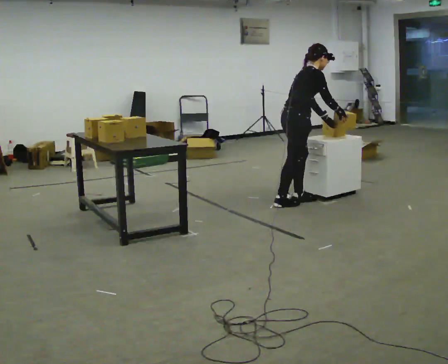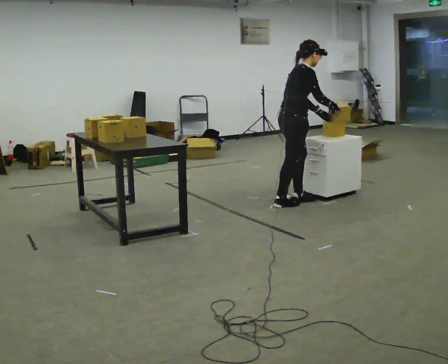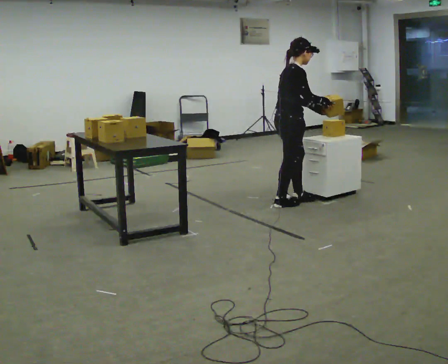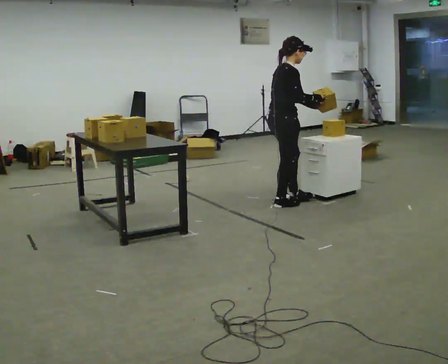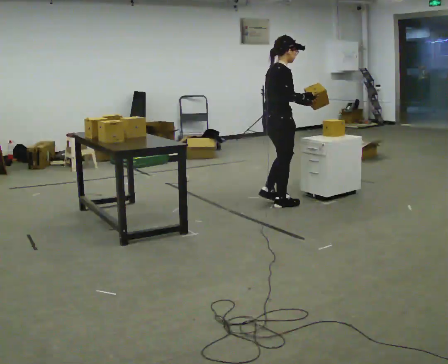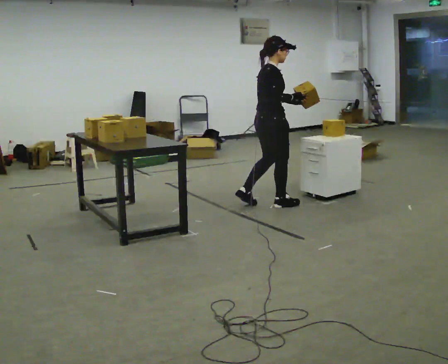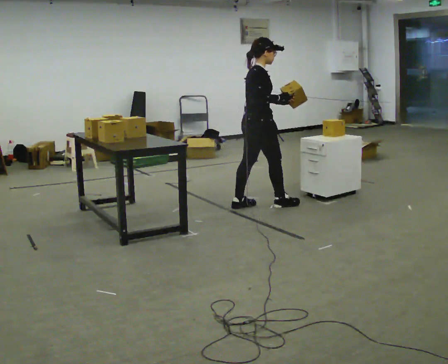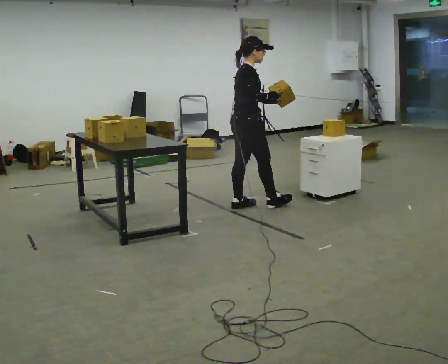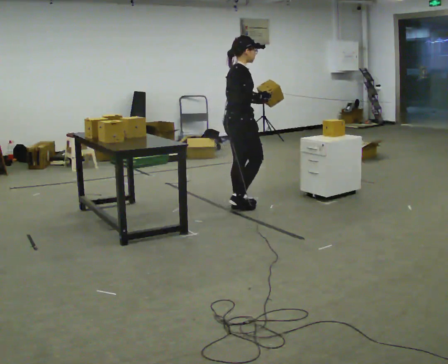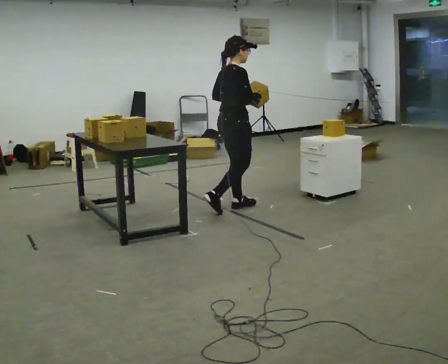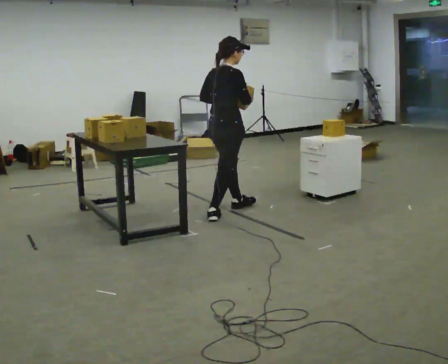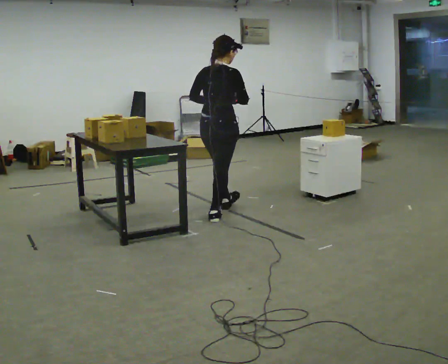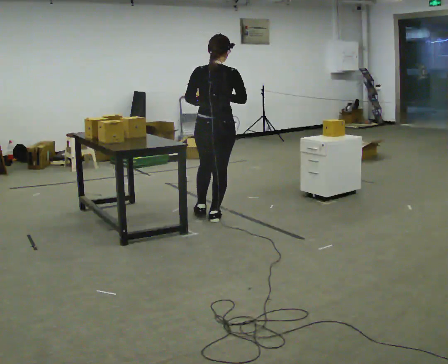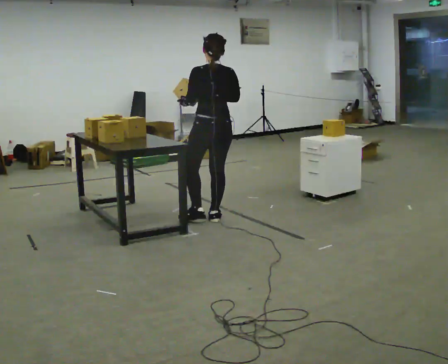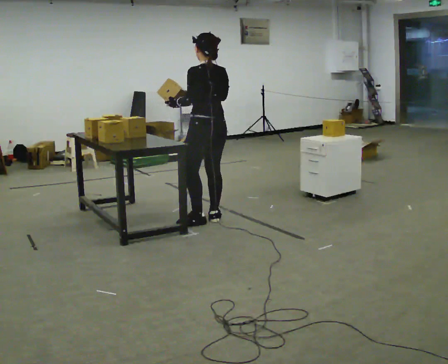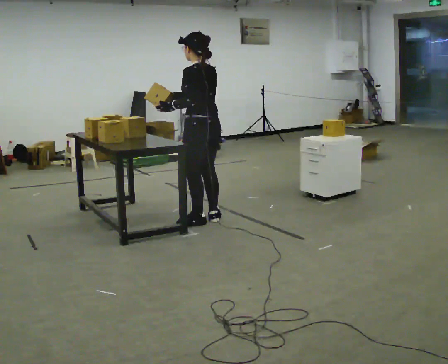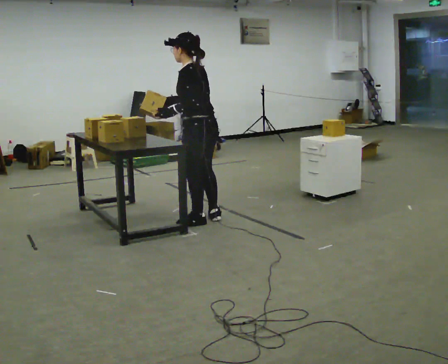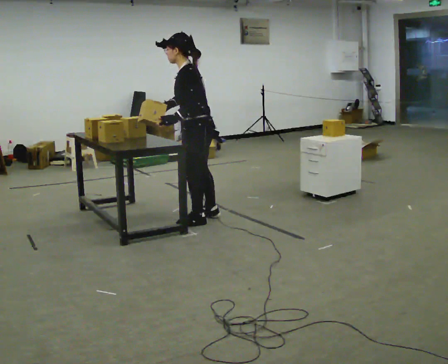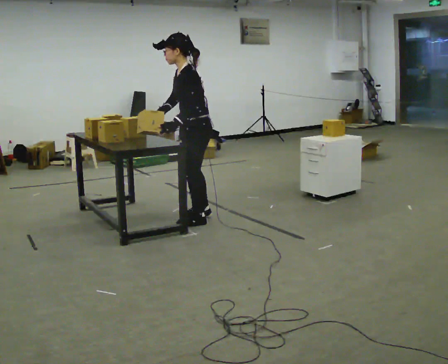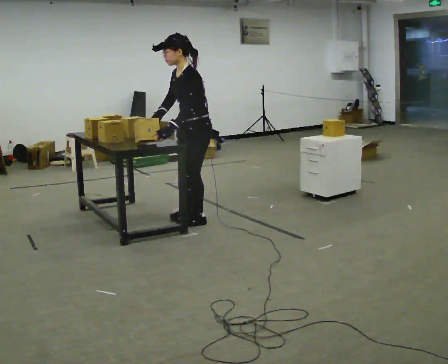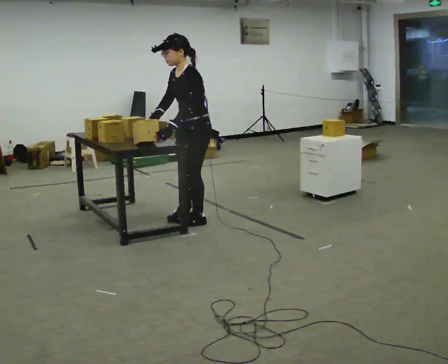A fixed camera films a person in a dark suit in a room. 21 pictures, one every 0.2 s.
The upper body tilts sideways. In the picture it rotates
counterclockwise.
The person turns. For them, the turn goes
to their left.
0.0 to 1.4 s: In the picture they go to the left, about 0.5 m in 2 steps, which for them is backward. In the picture the upper body tilts counterclockwise, shoulders to the left, as they lean back or straighten.
1.4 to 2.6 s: The part of the body nearest the lens slides to the right as the person turns to their left by about 105 degrees. In the picture they go toward the camera and to the left, about 0.5 m in 1 step.
2.6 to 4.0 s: The person turns about 90 degrees to their left, counterclockwise seen from above, so the part of the body nearest the lens slides to the right.
The film runs backward here.
